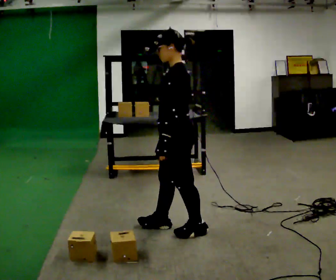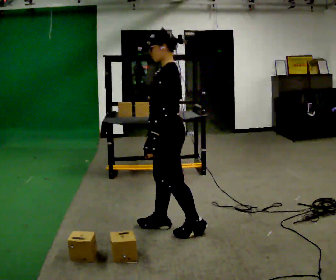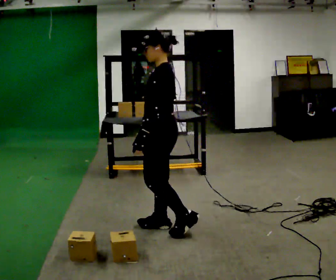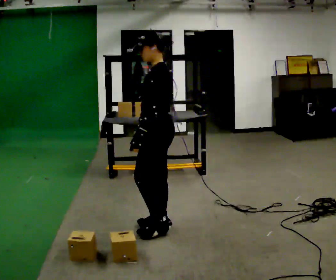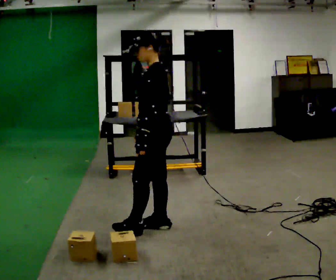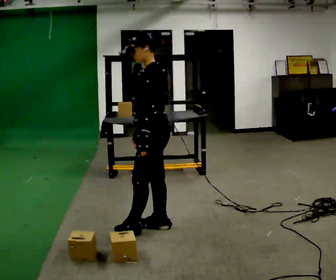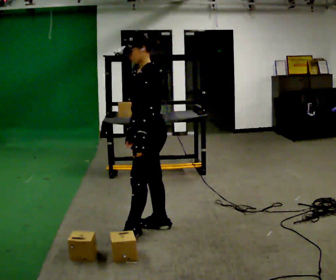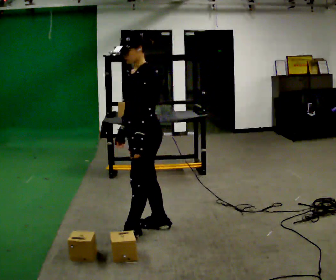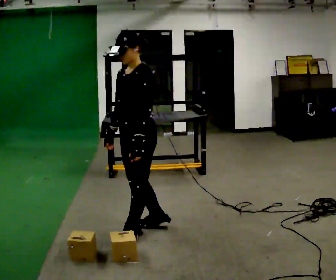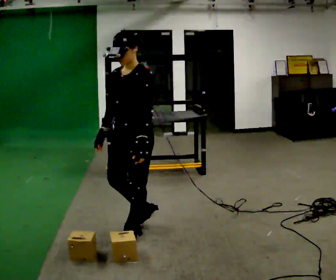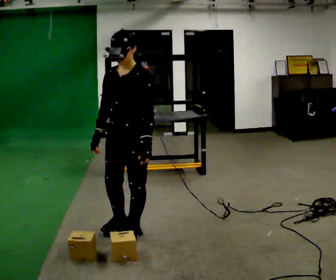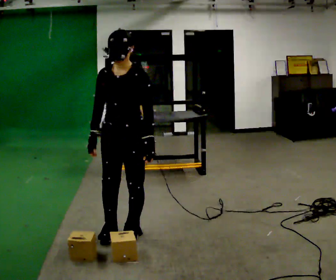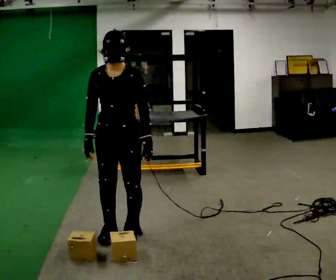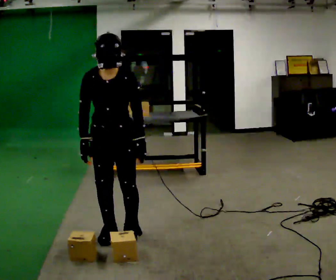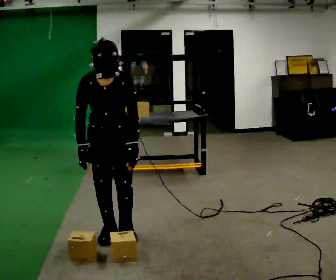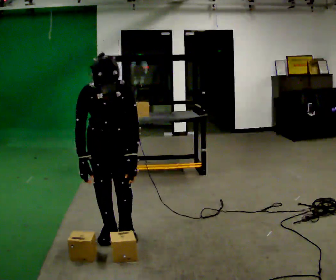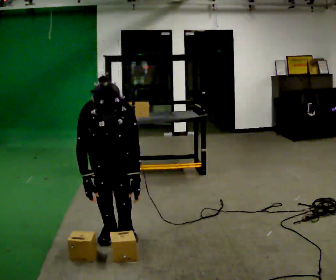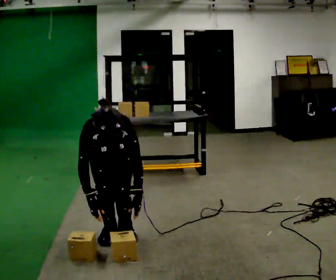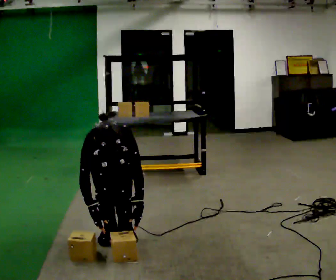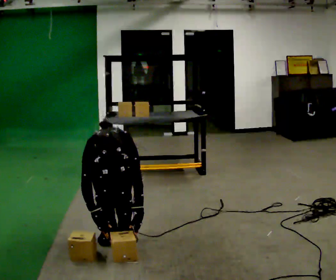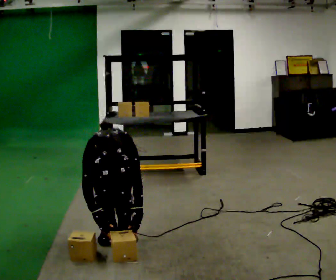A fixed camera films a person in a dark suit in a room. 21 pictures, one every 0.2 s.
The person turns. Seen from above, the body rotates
counterclockwise.
The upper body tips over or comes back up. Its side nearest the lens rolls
downward.
0.0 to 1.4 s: The part of the body nearest the lens slides to the right as the person turns to their left by about 30 degrees. In the picture they go to the left, about 0.25 m in 1 step, which for them is forward.
1.4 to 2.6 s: The person turns about 75 degrees to their left, counterclockwise seen from above, so the part of the body nearest the lens slides to the right. In the picture they go to the left, about 0.25 m in 1 step. The upper body tips toward the camera, its near side rolling downward, as they bend forward.
2.6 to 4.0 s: The shoulders move downward. The upper body tips toward the camera, its near side rolling downward, as they bend forward. In the picture their right hand goes downward.
The film runs forward here.
